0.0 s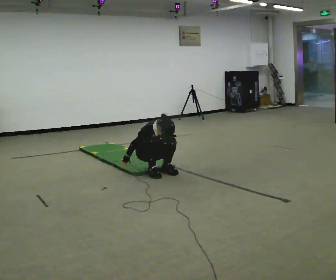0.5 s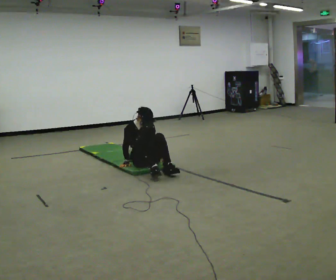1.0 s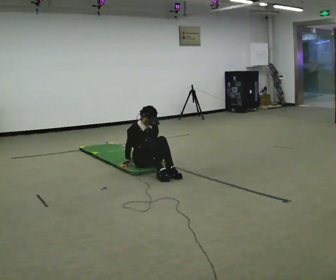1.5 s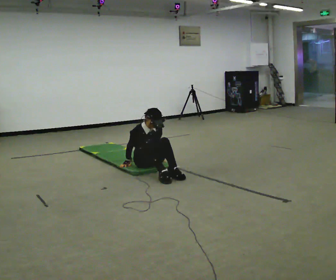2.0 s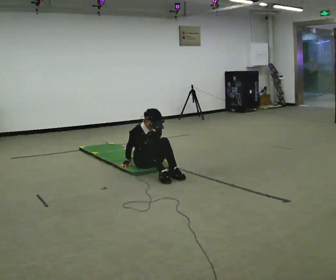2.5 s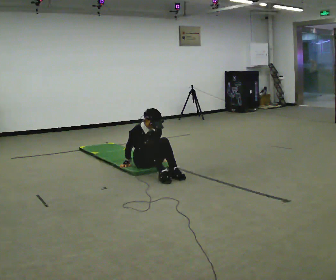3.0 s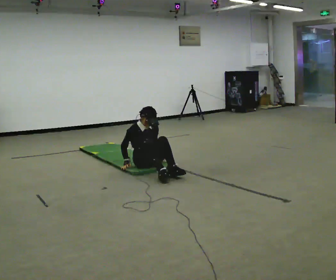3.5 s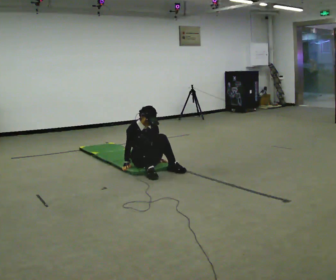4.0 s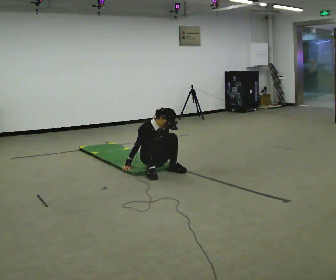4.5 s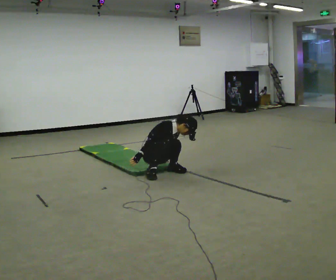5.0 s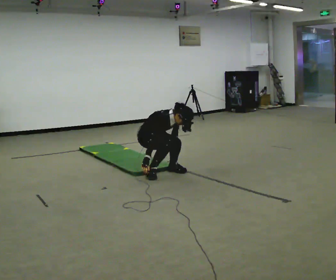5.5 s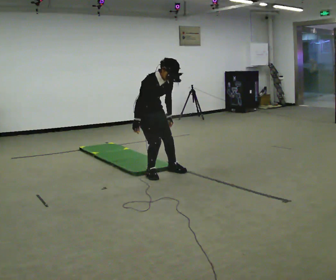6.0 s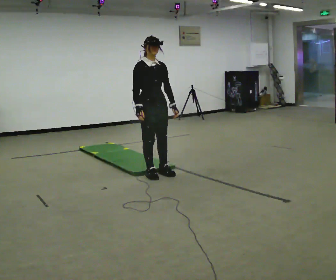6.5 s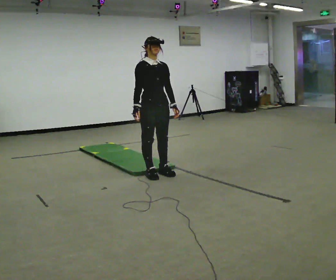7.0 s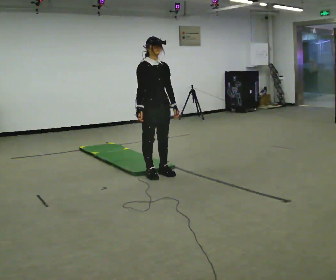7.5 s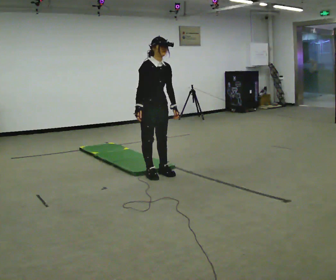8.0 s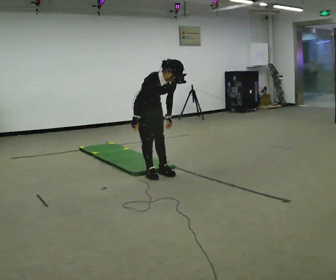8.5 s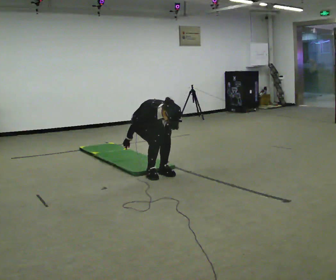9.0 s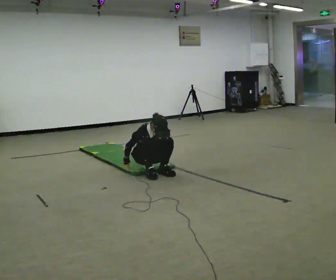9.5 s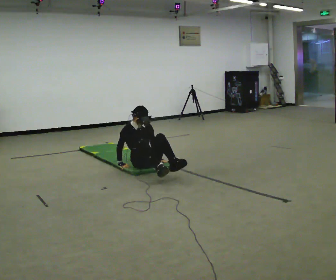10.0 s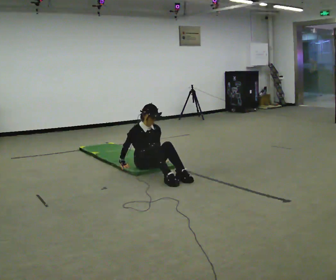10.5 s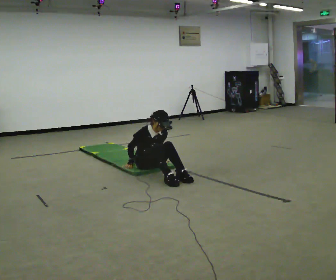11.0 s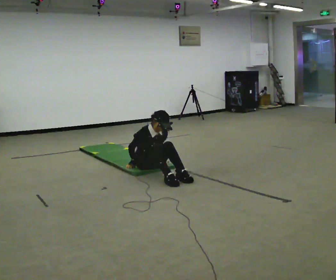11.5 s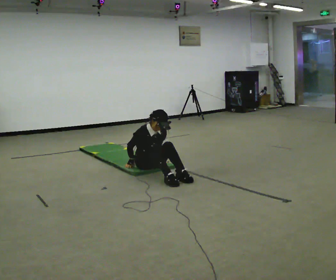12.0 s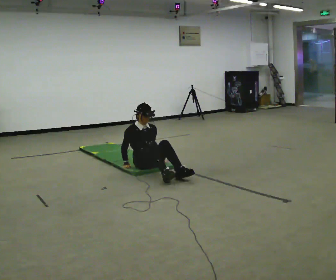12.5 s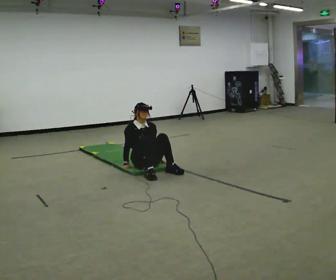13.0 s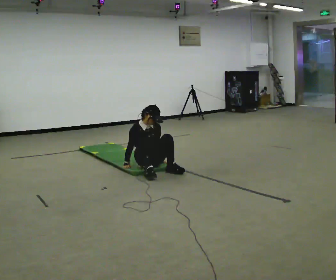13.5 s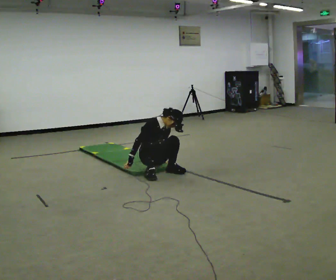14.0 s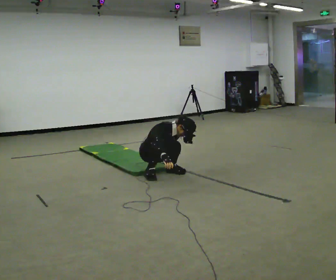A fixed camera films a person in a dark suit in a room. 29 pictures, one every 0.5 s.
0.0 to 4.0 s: The person moves a little, or ends about where they began.
4.0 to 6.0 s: In the picture they go toward the camera, about 0.25 m, which for them is forward and to their right. The shoulders move upward. In the picture their left hand goes upward.
6.0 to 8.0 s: In the picture they go away from the camera, about 0.25 m, which for them is backward. The upper body goes downward. The upper body tips toward the camera, its near side rolling downward, as they bend forward.
8.0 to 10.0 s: The shoulders move downward. In the picture their right hand goes downward.
10.0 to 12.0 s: The person moves a little, or ends about where they began.
12.0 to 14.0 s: In the picture the upper body tilts clockwise, shoulders to the right, as they bend forward. In the picture their right hand goes to the right.
The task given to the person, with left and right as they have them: From standing, sit down on the floor, then stand back up in whatever way is natural. Repeat the movement at your own pace until the operator says stop; do not rush.
The film runs forward here.
